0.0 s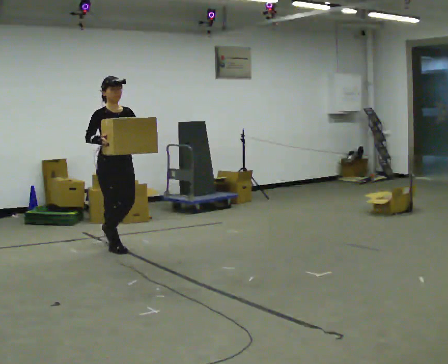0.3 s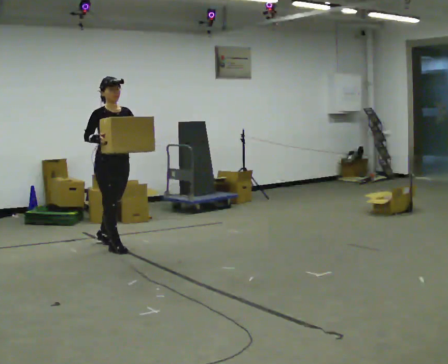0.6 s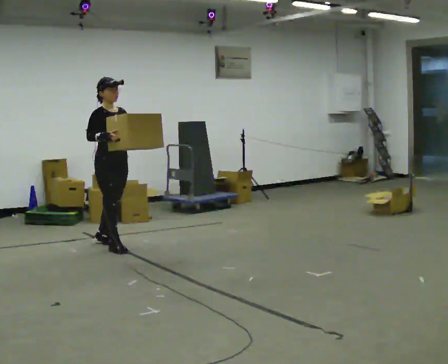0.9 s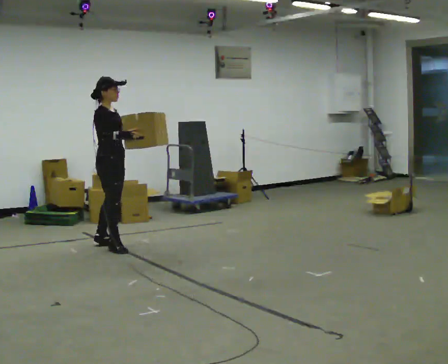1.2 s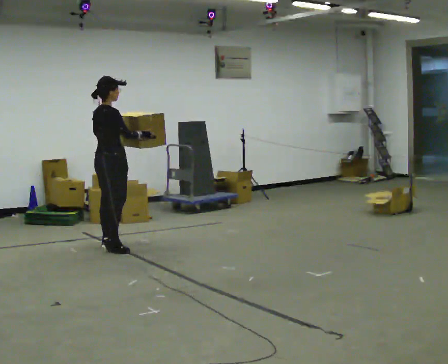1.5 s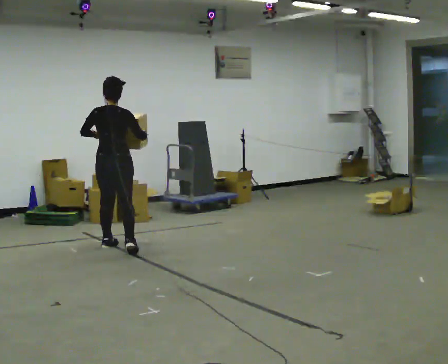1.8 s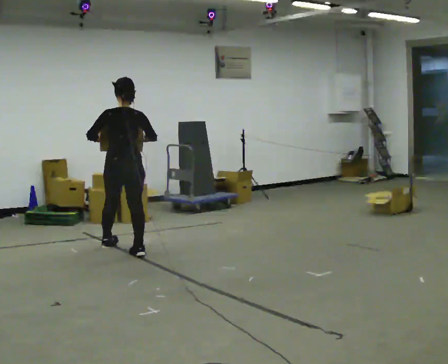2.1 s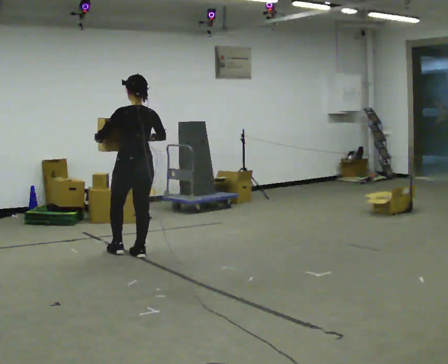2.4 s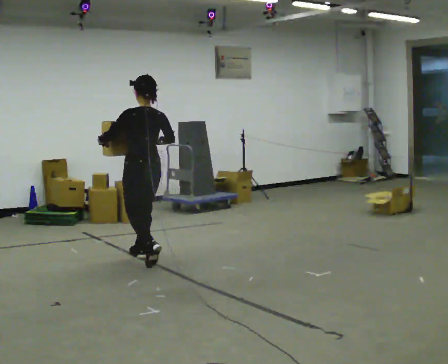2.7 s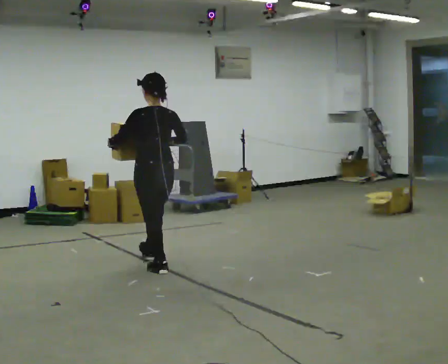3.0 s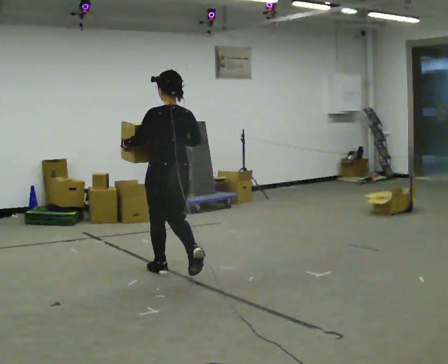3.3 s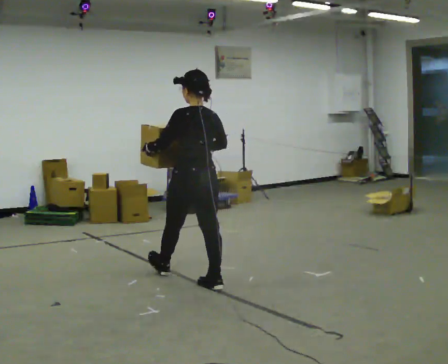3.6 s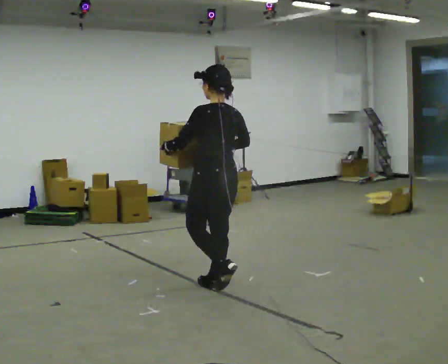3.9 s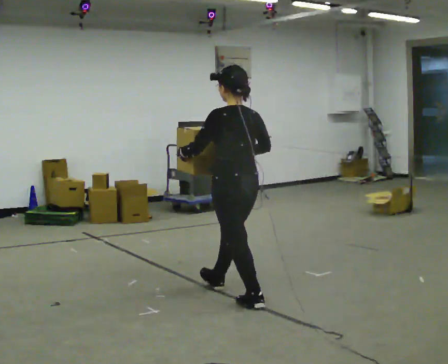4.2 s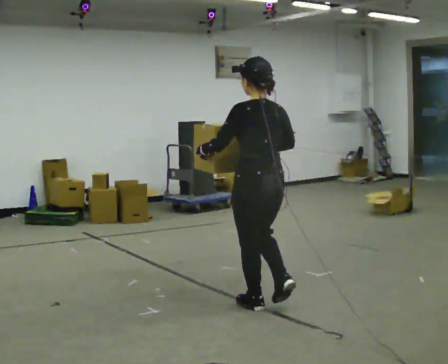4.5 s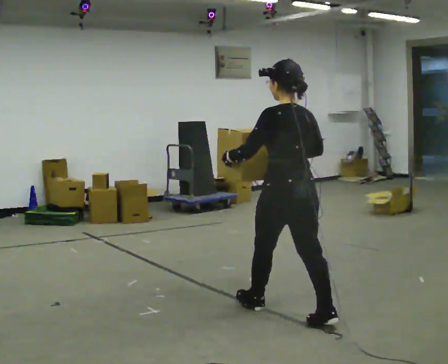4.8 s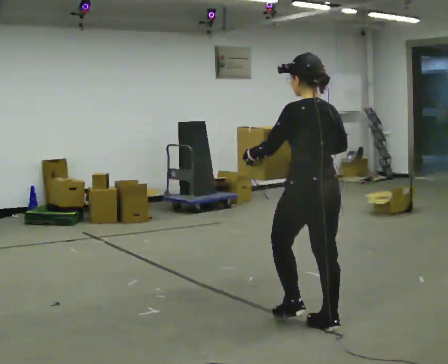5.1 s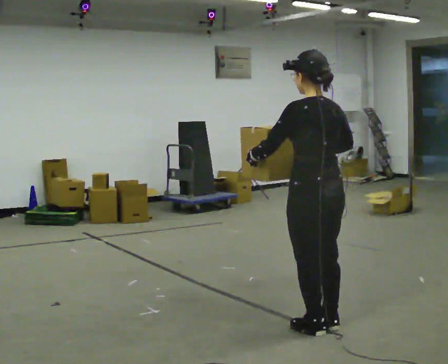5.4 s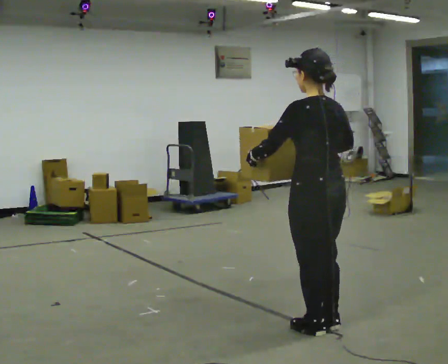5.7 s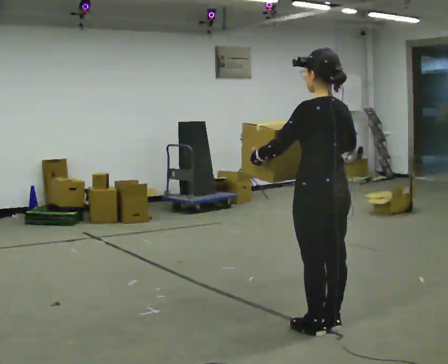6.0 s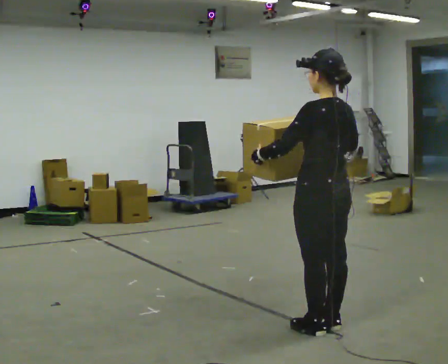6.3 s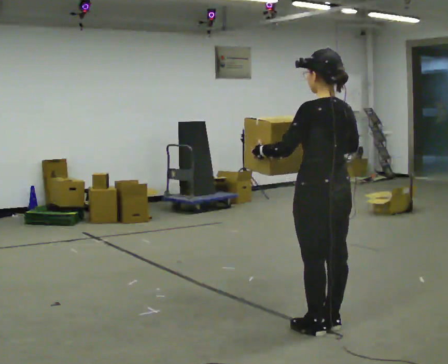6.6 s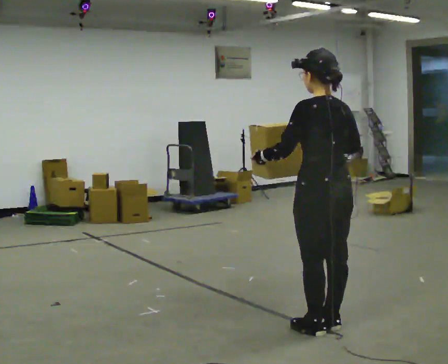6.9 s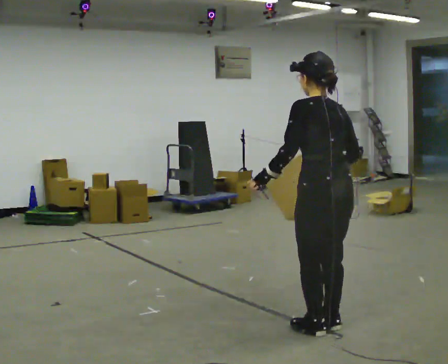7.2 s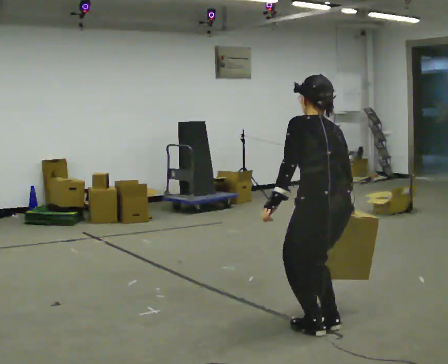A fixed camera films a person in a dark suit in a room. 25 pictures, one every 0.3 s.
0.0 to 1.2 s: The part of the body nearest the lens slides to the right as the person turns to their left by about 90 degrees. In the picture their left hand goes to the left.
1.2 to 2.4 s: The person turns about 90 degrees to their left, counterclockwise seen from above, so the part of the body nearest the lens slides to the right. In the picture they go toward the camera and to the right, about 0.75 m in 1 step.
2.4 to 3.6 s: In the picture they go toward the camera and to the right, about 1 m in 2 steps, which for them is backward.
3.6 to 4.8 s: In the picture they go toward the camera and to the right, about 1 m in 2 steps, which for them is backward.
4.8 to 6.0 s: The person moves a little, or ends about where they began.
6.0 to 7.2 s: The upper body tips away from the camera, its near side rolling upward, as they bend forward. In the picture their right hand goes downward.
The film runs backward here.
